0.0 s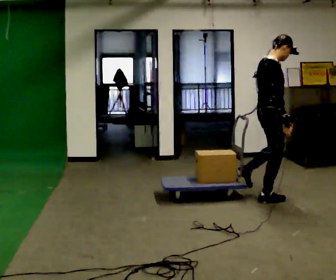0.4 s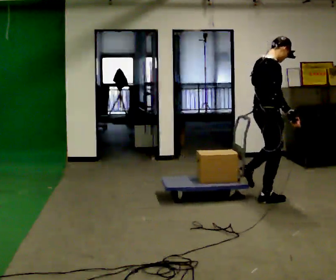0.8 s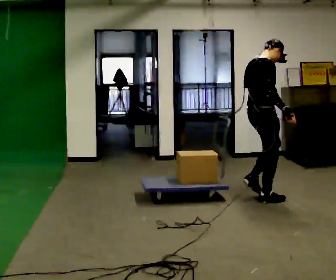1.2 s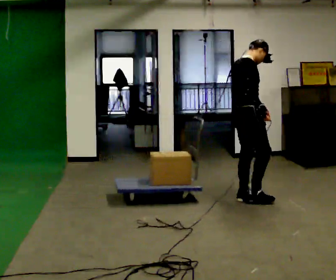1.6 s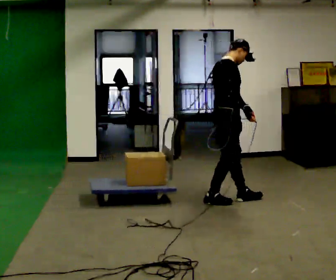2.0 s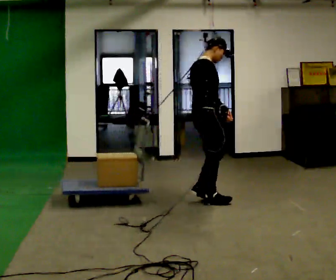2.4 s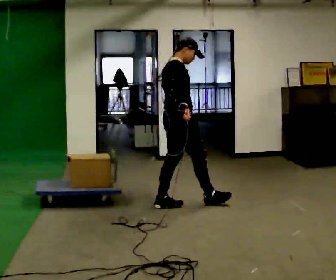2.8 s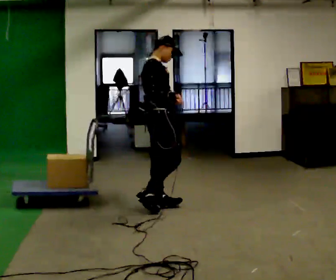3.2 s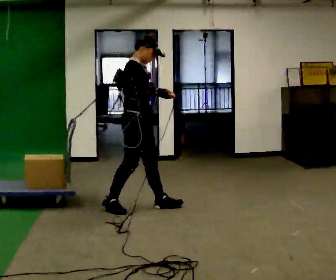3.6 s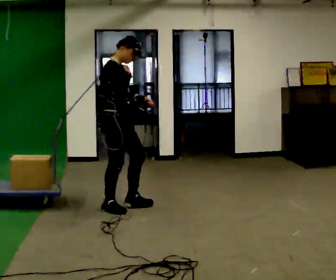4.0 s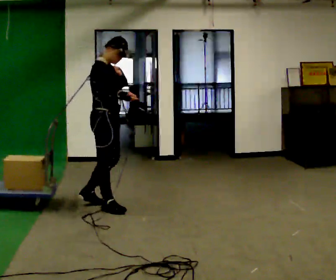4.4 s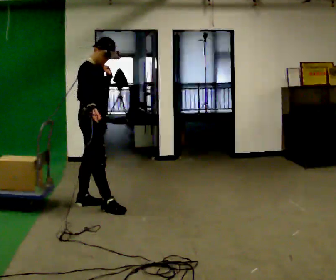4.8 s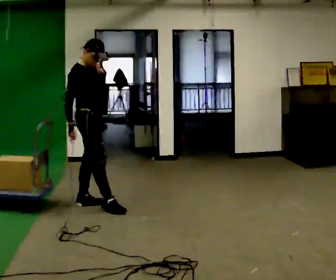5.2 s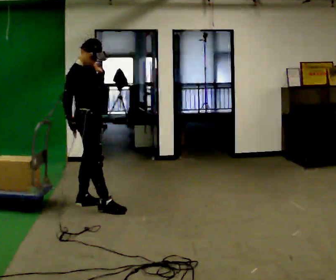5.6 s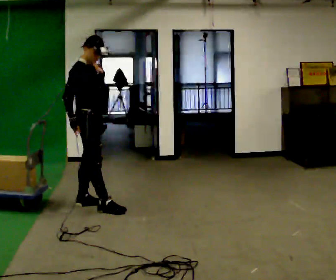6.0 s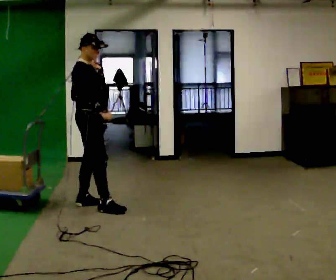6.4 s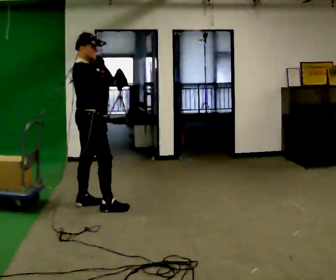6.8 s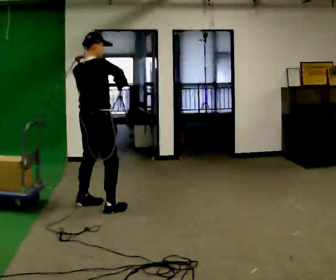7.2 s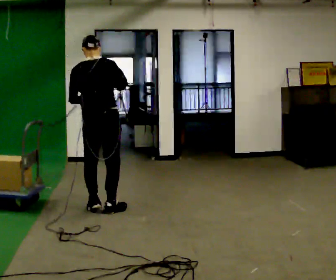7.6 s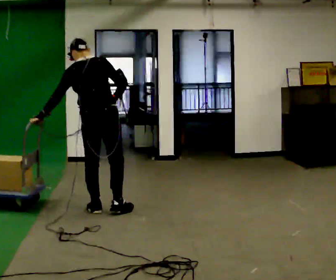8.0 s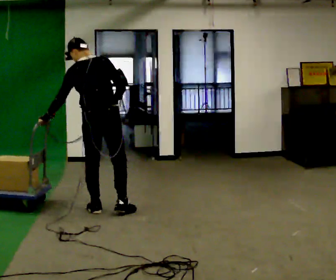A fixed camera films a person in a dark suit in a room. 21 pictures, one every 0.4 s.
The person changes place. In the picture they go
to the left.
0.0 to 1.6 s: In the picture they go to the left, about 0.5 m in 2 steps, which for them is backward.
1.6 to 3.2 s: In the picture they go to the left, about 1 m in 2 steps, which for them is backward.
3.2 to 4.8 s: In the picture they go to the left and away from the camera, about 0.5 m in 1 step, which for them is backward. In the picture their right hand goes downward.
4.8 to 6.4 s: In the picture their right hand goes upward and to the right.
6.4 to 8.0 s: Seen from above the body turns counterclockwise, about 75 degrees: to their left, with its near side sliding to the right. In the picture they go toward the camera and to the right, about 0.25 m in 1 step. In the picture their left hand goes downward.
The film runs backward here.
